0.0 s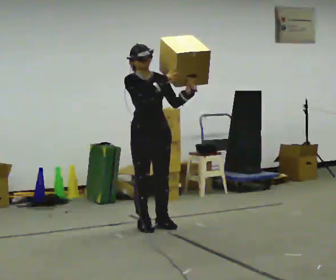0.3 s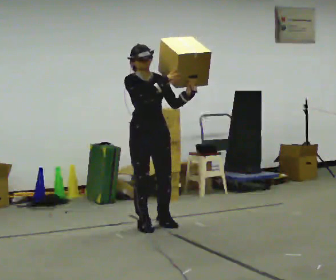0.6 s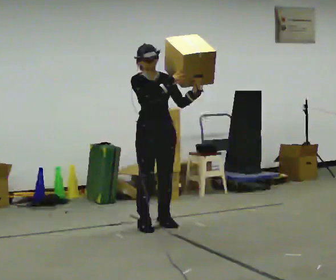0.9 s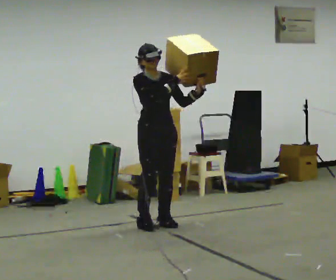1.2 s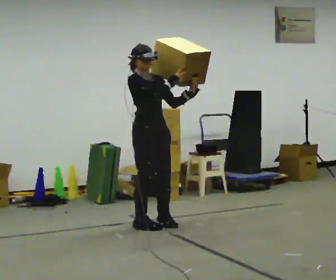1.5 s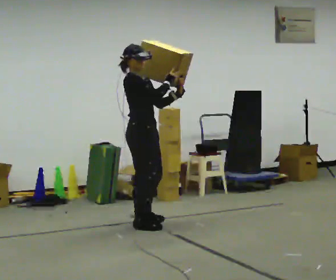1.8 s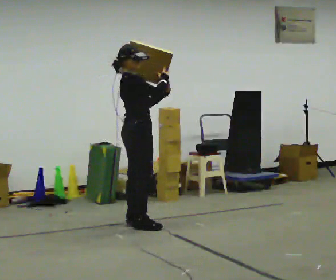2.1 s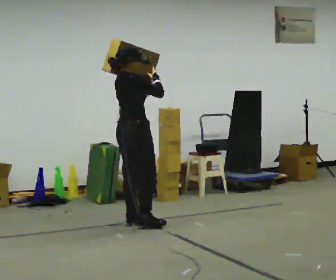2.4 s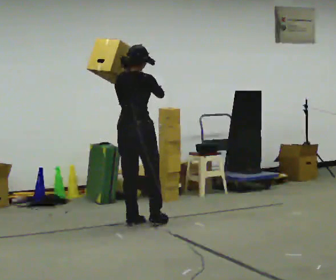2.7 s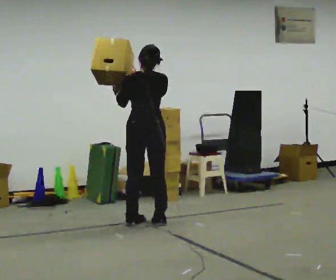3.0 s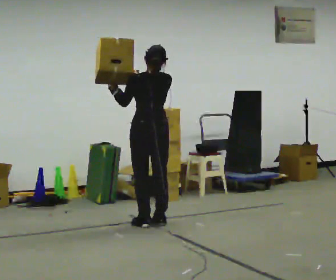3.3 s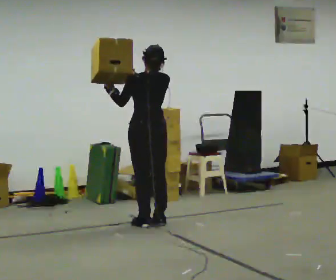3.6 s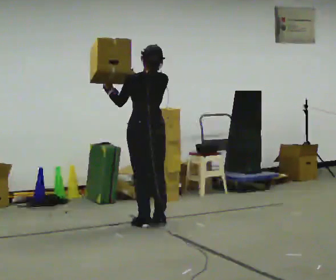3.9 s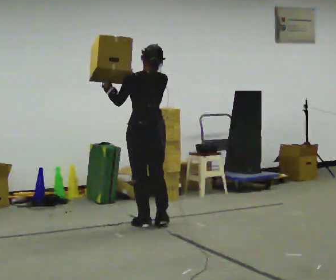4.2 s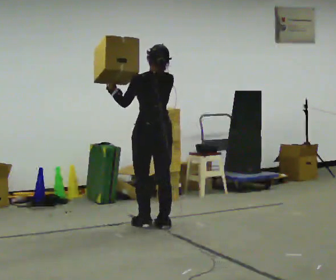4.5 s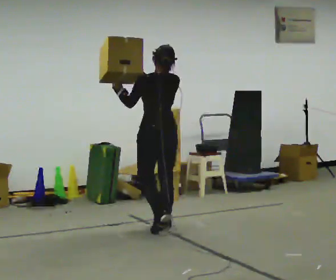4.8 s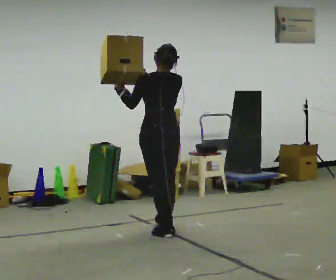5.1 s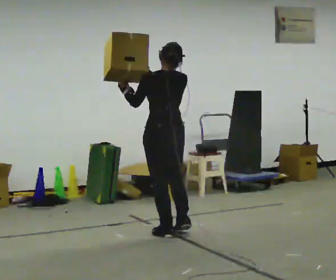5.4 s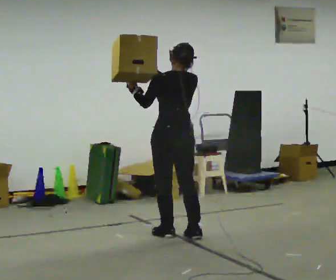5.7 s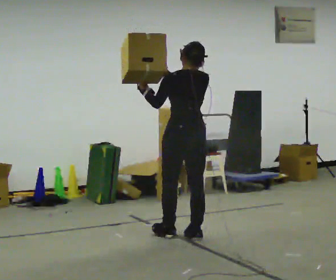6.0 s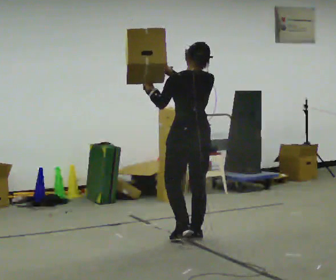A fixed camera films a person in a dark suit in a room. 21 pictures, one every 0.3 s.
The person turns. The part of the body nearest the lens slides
to the right.
The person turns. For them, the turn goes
to their left.
0.0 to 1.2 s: The person moves a little, or ends about where they began.
1.2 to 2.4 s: The part of the body nearest the lens slides to the right as the person turns to their left by about 105 degrees. In the picture they go to the left, about 0.25 m in 2 steps. In the picture their left hand goes to the left.
2.4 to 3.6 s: Seen from above the body turns counterclockwise, about 60 degrees: to their left, with its near side sliding to the right.
3.6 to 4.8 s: In the picture they go toward the camera, about 0.25 m in 2 steps, which for them is backward.
4.8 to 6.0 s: In the picture they go toward the camera and to the right, about 0.25 m in 1 step, which for them is backward.
The film runs backward here.
